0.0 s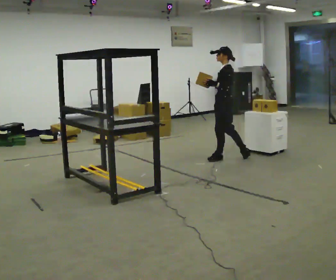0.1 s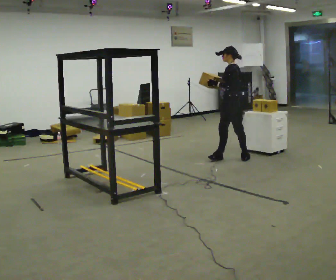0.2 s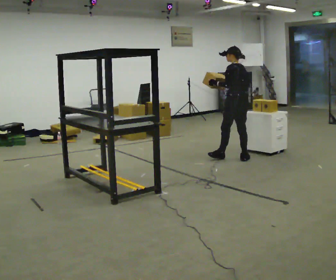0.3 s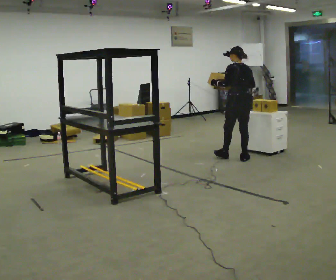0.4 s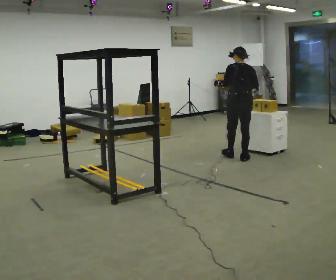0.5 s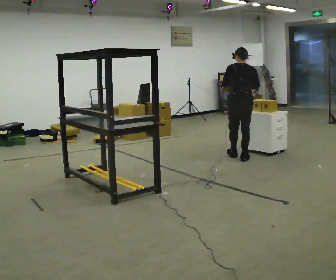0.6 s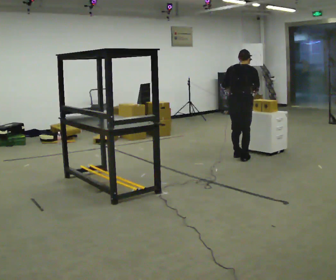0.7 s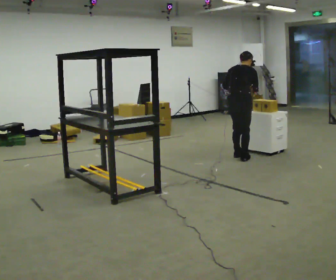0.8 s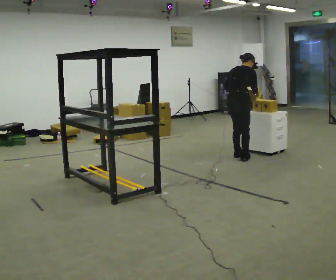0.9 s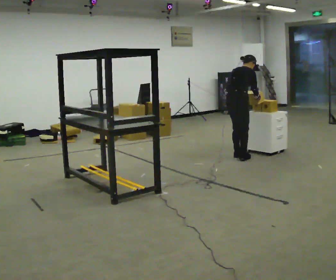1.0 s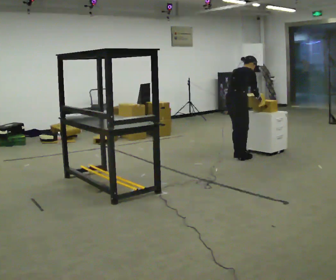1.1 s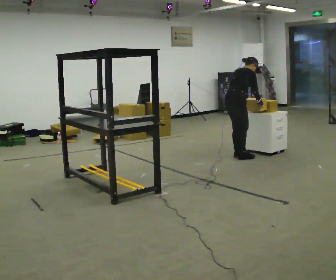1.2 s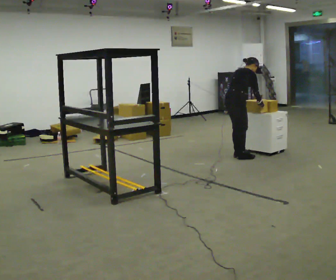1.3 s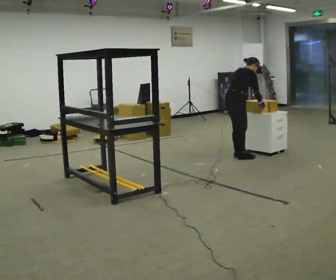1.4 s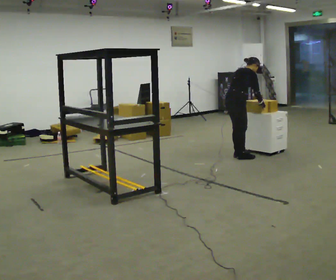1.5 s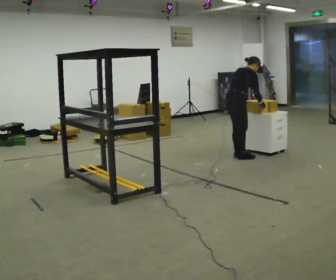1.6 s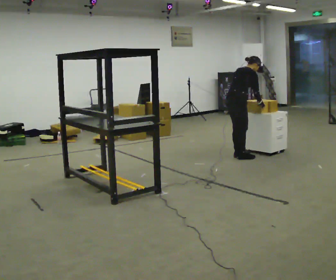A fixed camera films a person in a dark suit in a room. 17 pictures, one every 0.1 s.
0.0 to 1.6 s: The person turns about 135 degrees to their right, clockwise seen from above, so the part of the body nearest the lens slides to the left. In the picture the upper body tilts clockwise, shoulders to the right, as they bend forward. In the picture their left hand goes to the right.
The film runs backward here.
